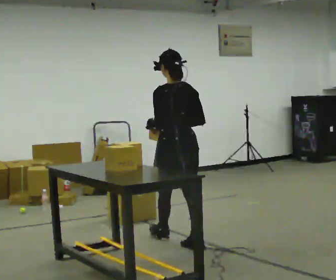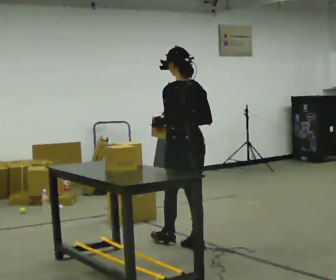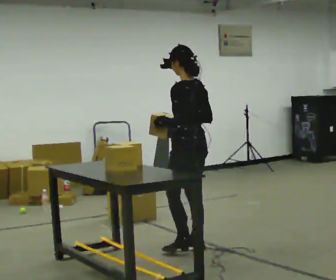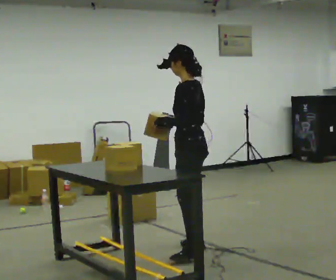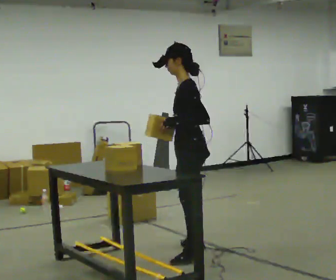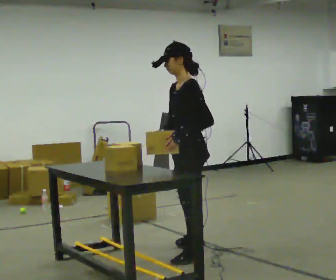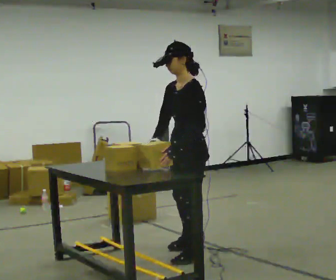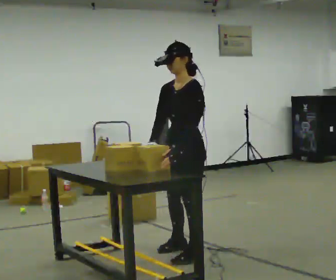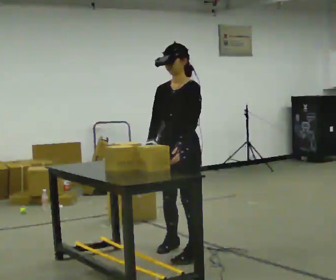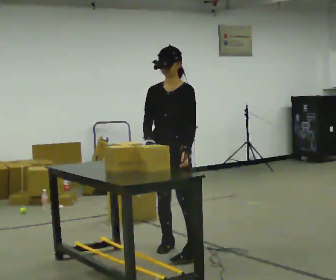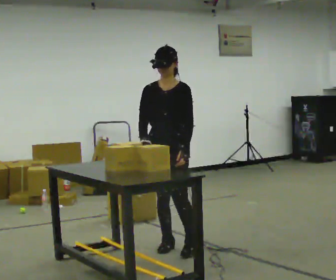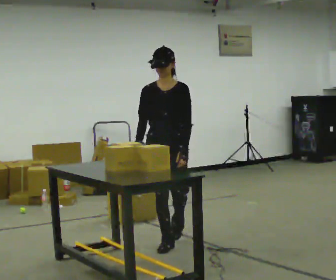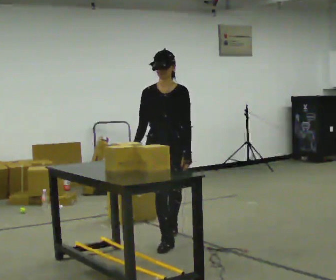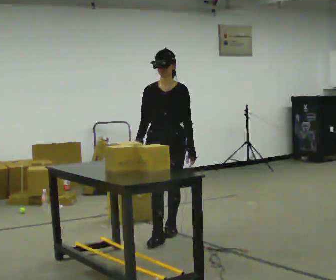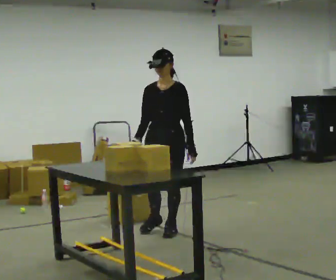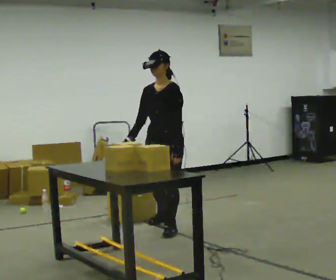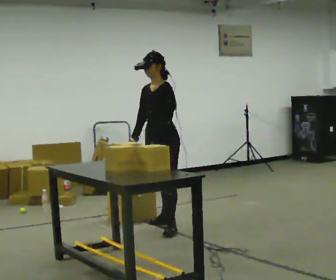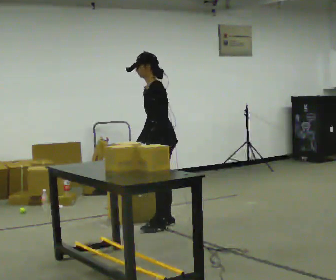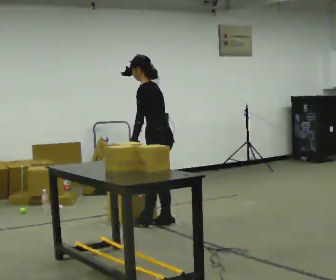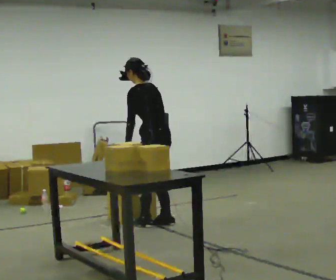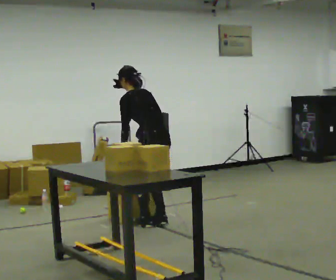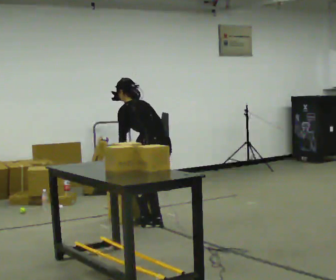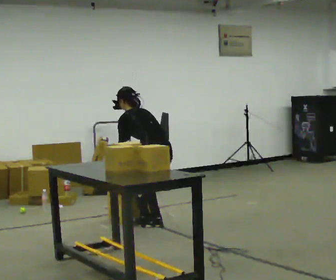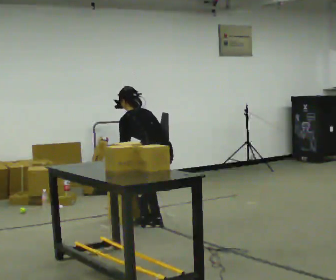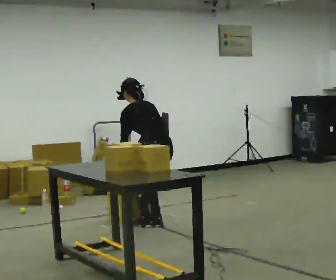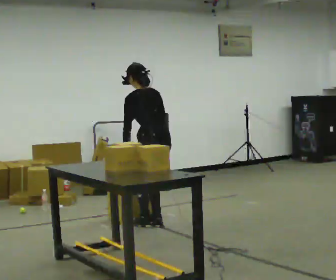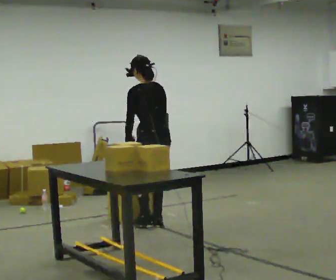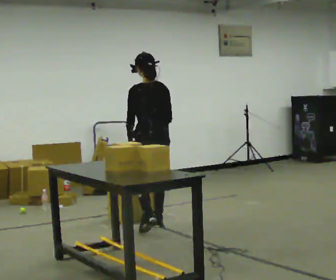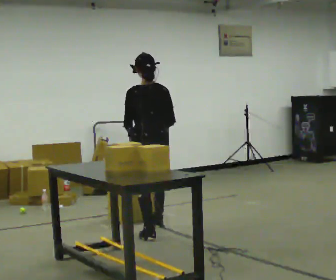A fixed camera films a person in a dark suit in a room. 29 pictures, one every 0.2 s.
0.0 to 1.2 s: The person turns about 75 degrees to their left, counterclockwise seen from above, so the part of the body nearest the lens slides to the right. In the picture they go toward the camera, about 0.5 m in 2 steps.
1.2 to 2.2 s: The part of the body nearest the lens slides to the right as the person turns to their left by about 60 degrees. In the picture they go away from the camera and to the left, about 0.5 m in 1 step.
2.2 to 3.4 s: The person turns about 75 degrees to their right, clockwise seen from above, so the part of the body nearest the lens slides to the left. In the picture they go away from the camera, about 0.75 m in 2 steps.
3.4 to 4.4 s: The person turns about 60 degrees to their right, clockwise seen from above, so the part of the body nearest the lens slides to the left. The upper body goes downward. The upper body tips away from the camera, its near side rolling upward, as they bend forward.
4.4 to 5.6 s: In the picture they go toward the camera, about 0.25 m in 1 step, which for them is to their left and backward. The shoulders move upward. The upper body tips toward the camera, its near side rolling downward, as they lean back or straighten. In the picture their right hand goes upward.
The film runs backward here.
